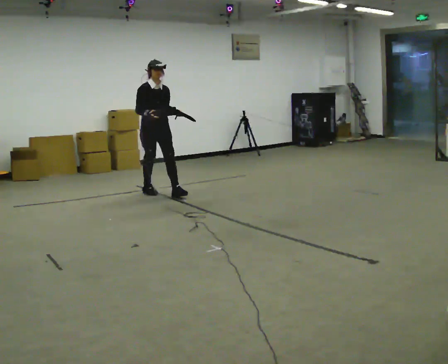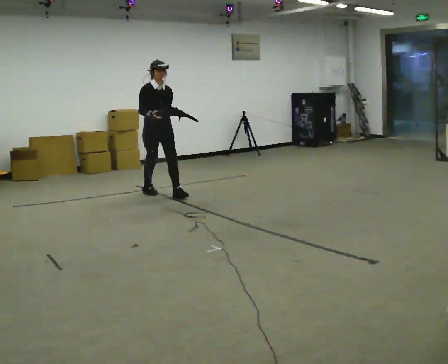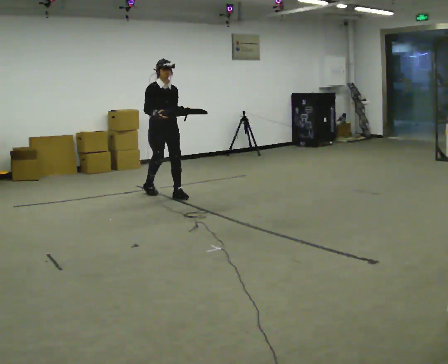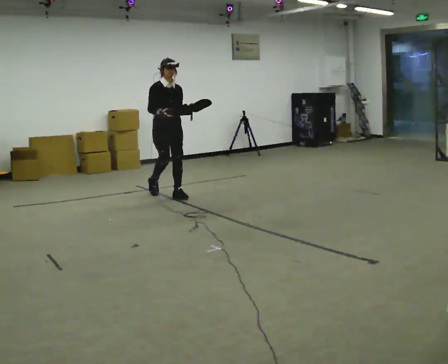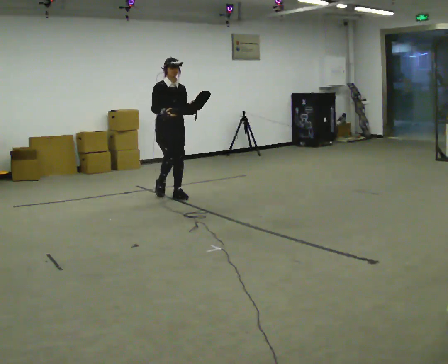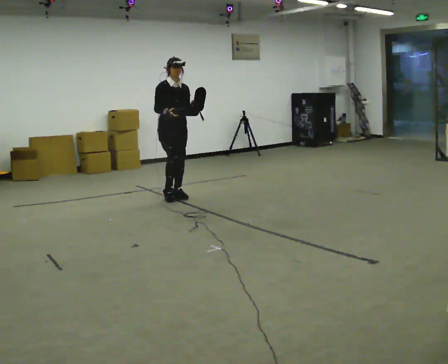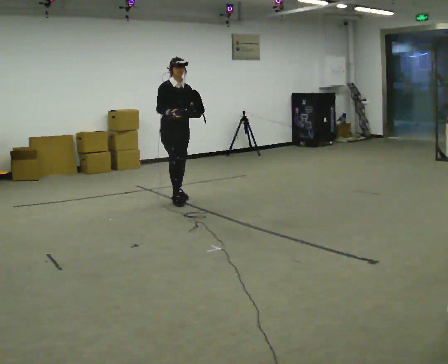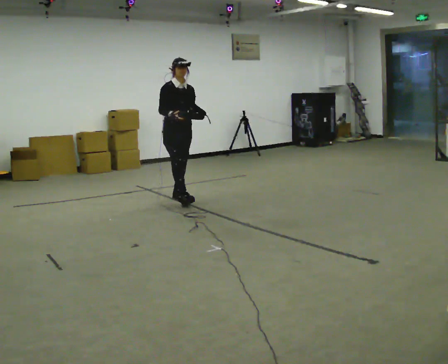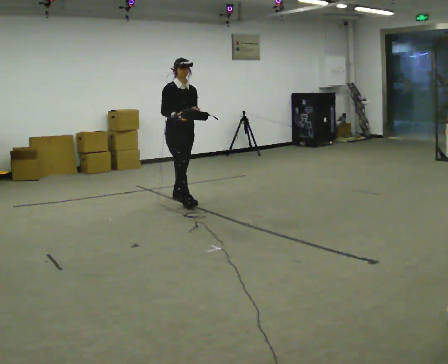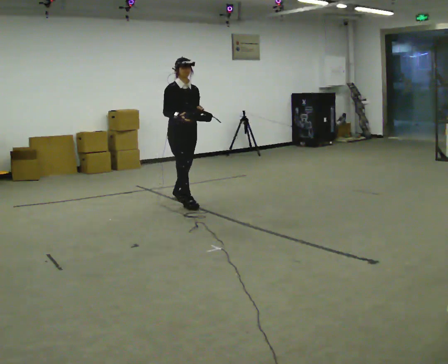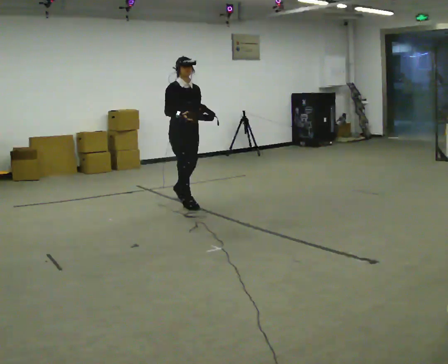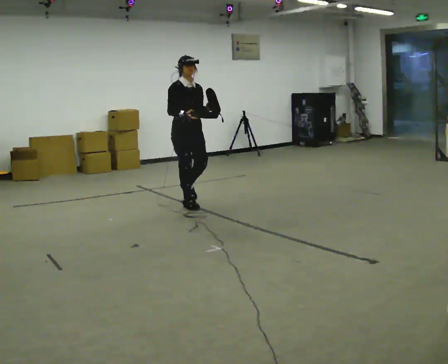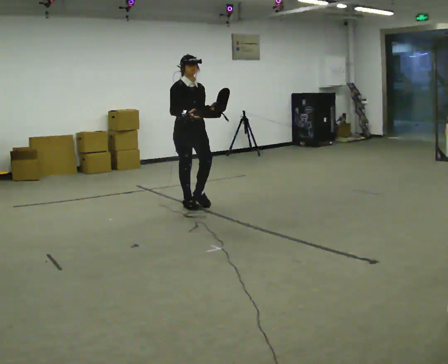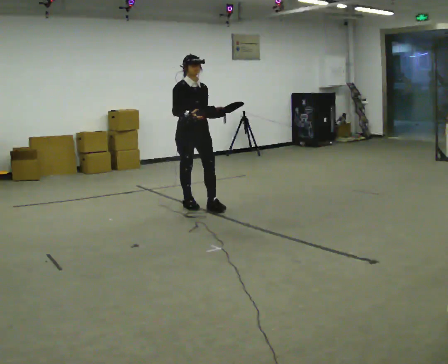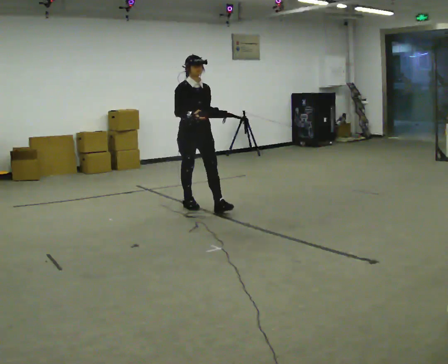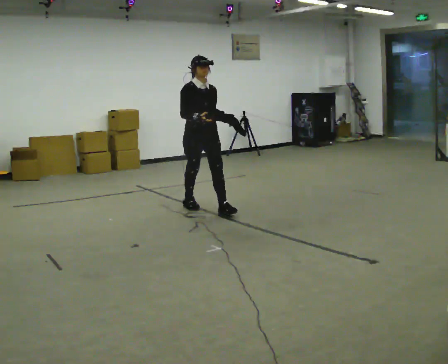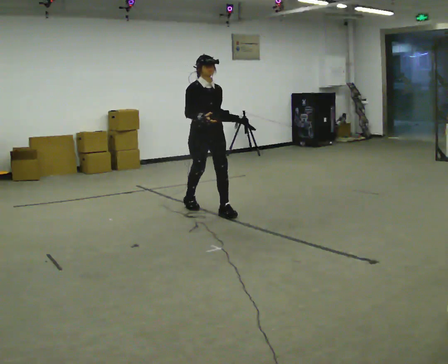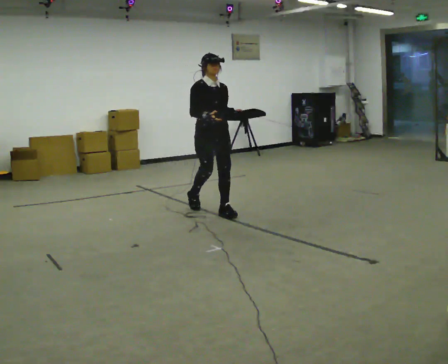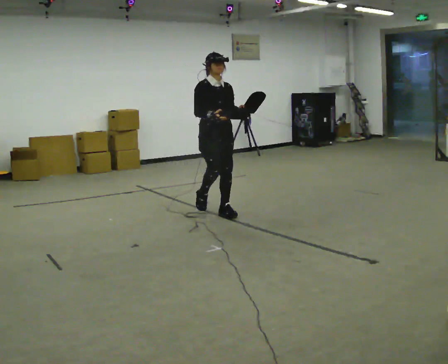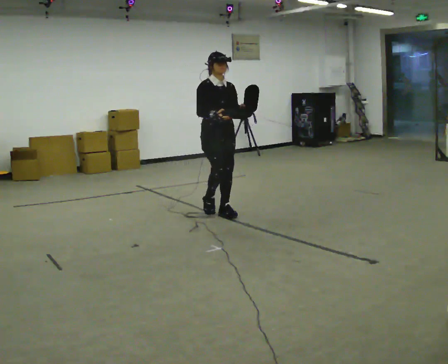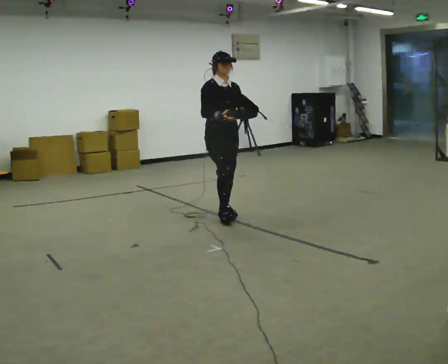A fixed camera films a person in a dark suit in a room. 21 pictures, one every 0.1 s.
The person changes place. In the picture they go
toward the camera.
0.0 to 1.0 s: In the picture they go toward the camera and to the right, about 0.5 m in 2 steps, which for them is forward.
1.0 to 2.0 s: In the picture they go toward the camera and to the right, about 0.75 m in 1 step, which for them is forward.
The film runs forward here.
